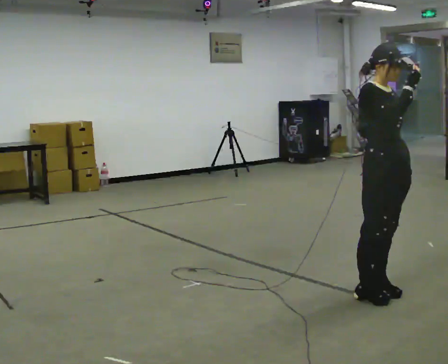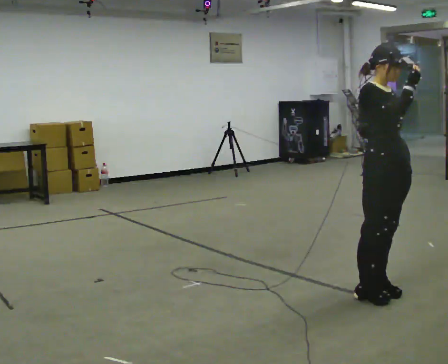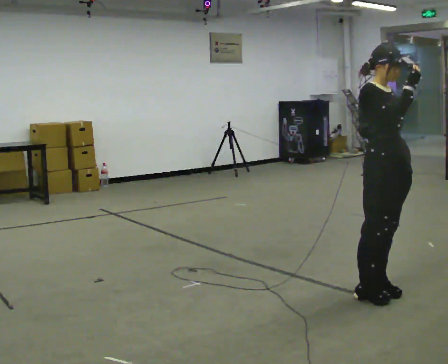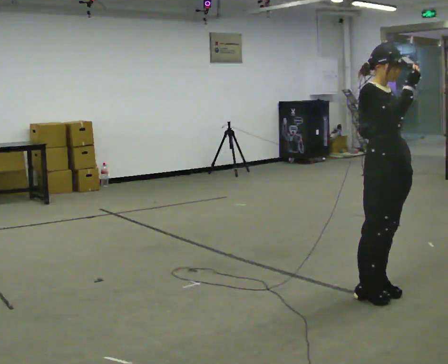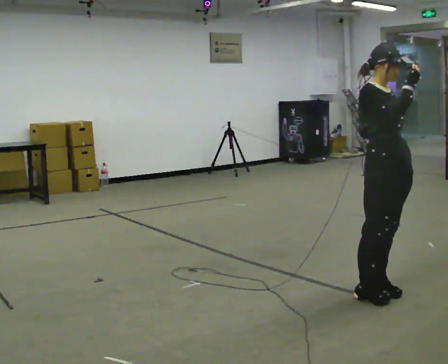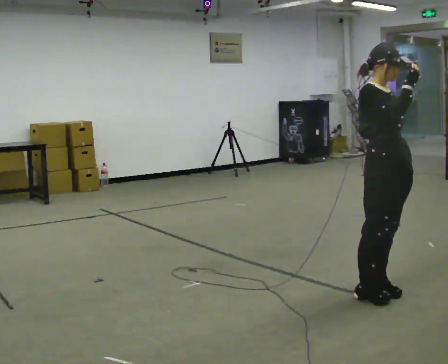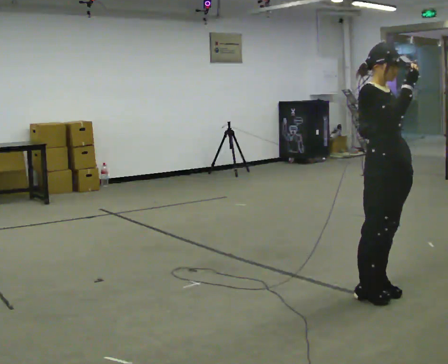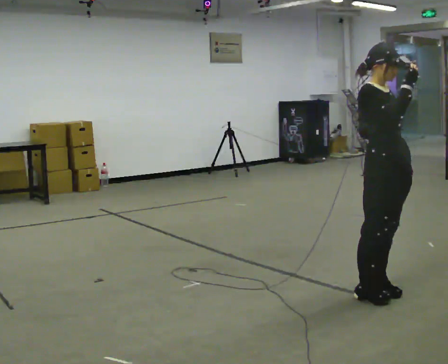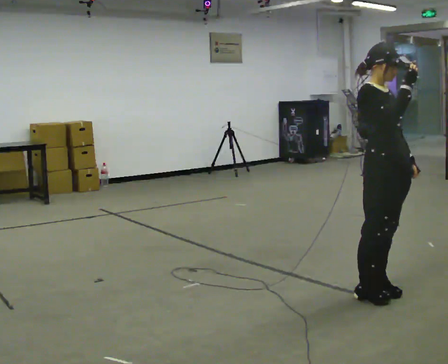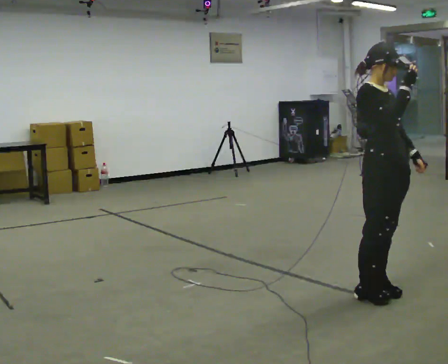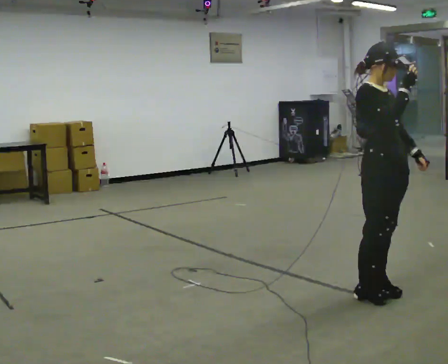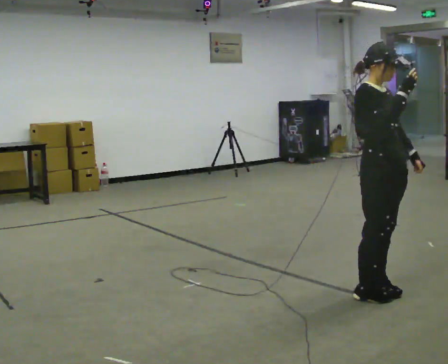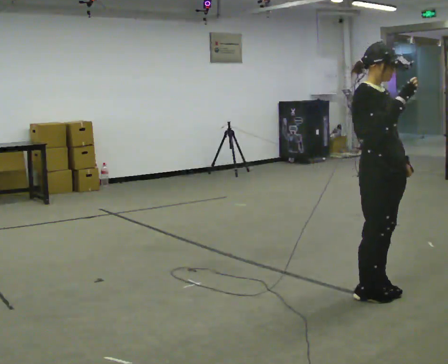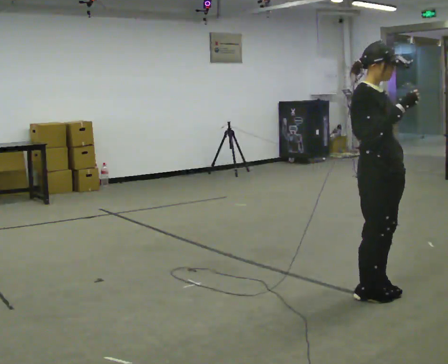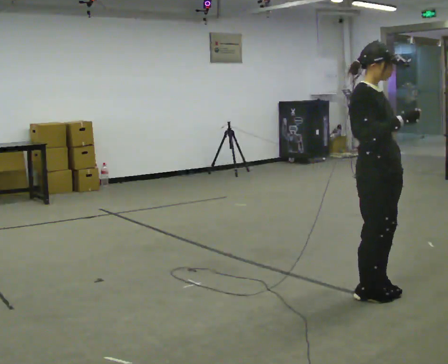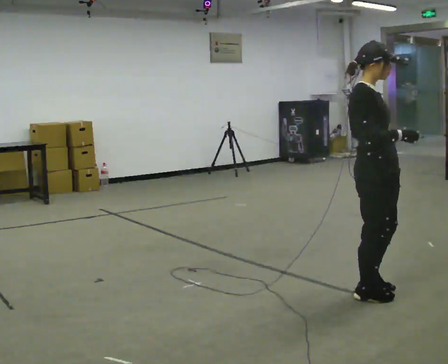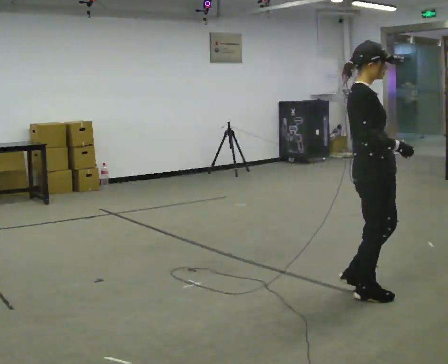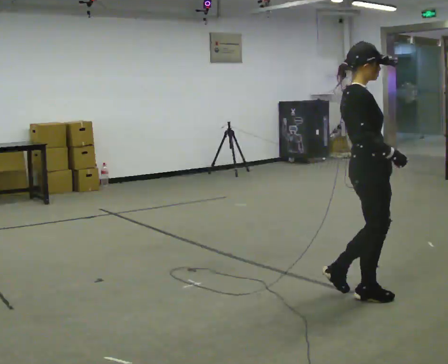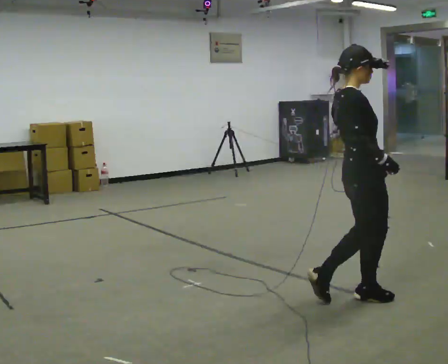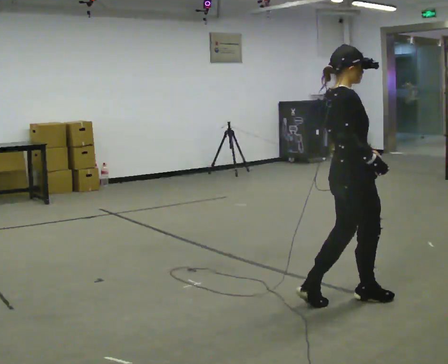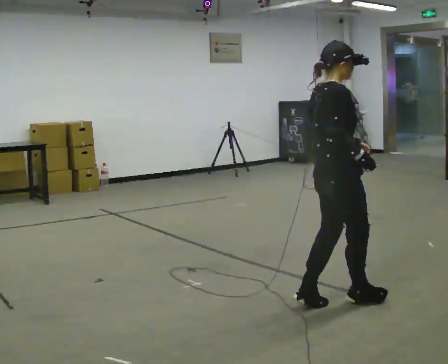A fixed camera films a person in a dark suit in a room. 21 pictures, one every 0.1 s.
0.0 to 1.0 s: The person moves a little, or ends about where they began.
1.0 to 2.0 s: The part of the body nearest the lens slides to the right as the person turns to their left by about 60 degrees. In the picture they go to the left and toward the camera, about 0.25 m in 2 steps, which for them is to their right and backward. In the picture their right hand goes downward.
The film runs backward here.
